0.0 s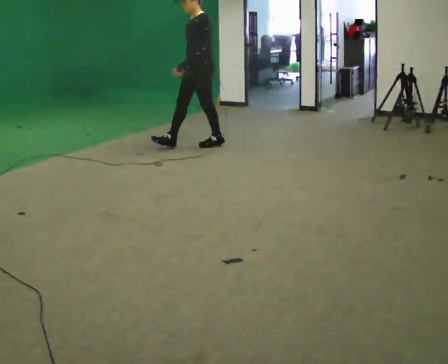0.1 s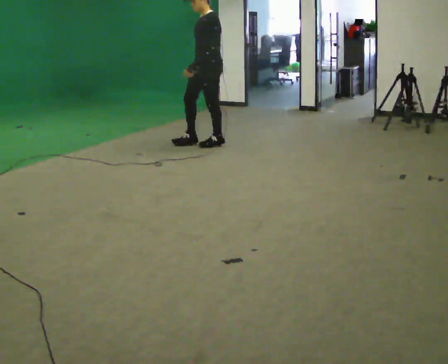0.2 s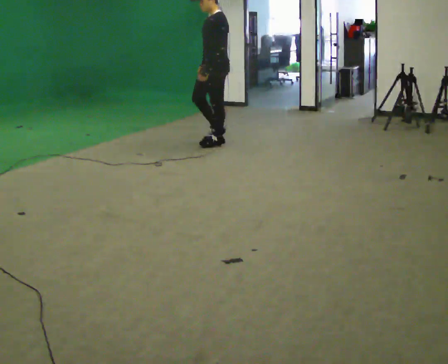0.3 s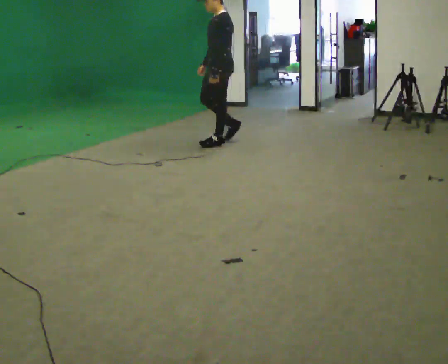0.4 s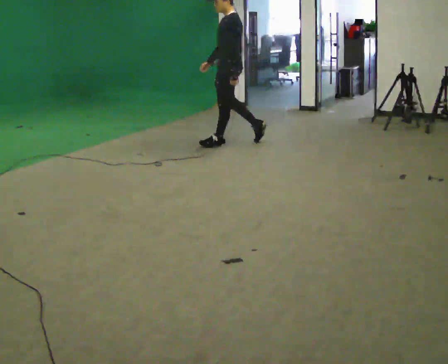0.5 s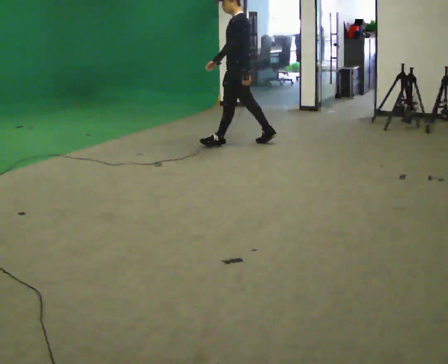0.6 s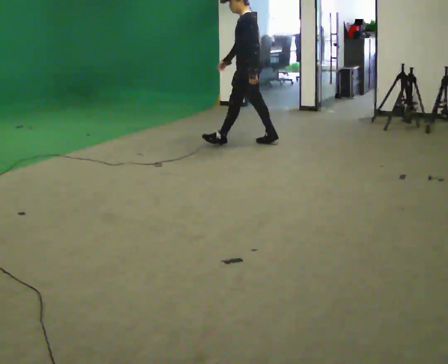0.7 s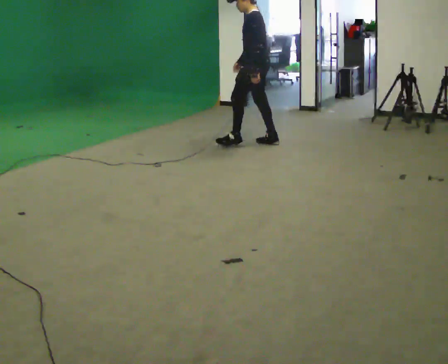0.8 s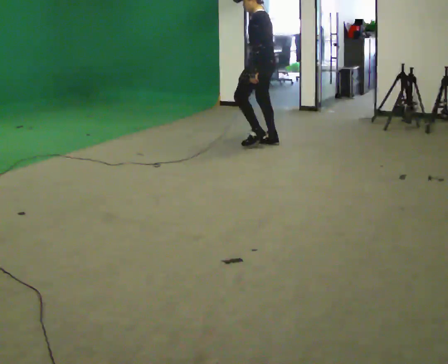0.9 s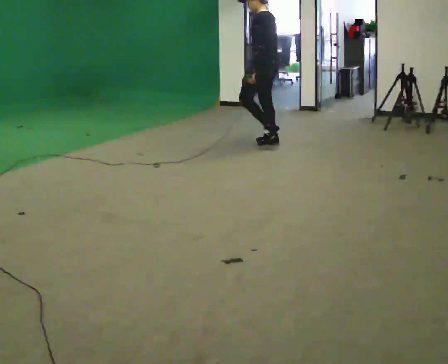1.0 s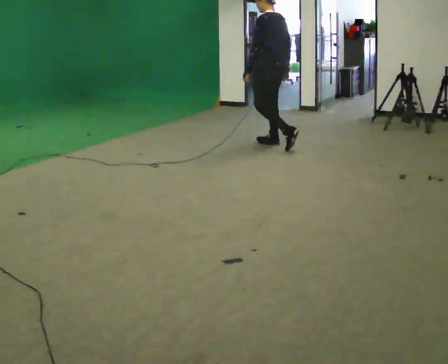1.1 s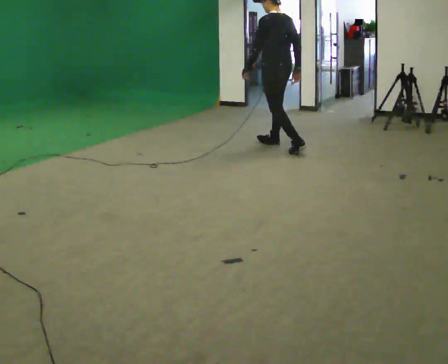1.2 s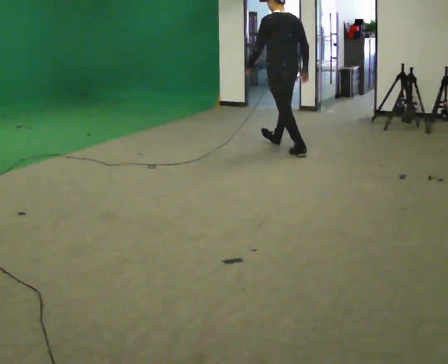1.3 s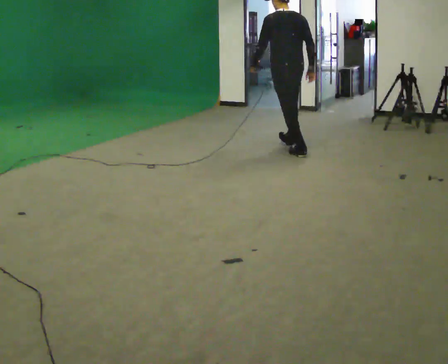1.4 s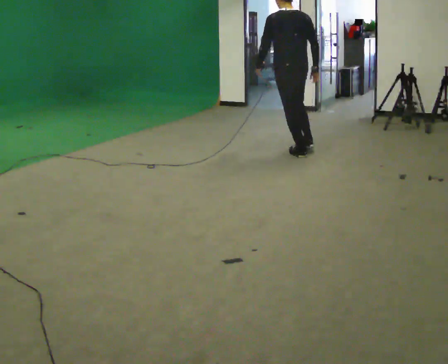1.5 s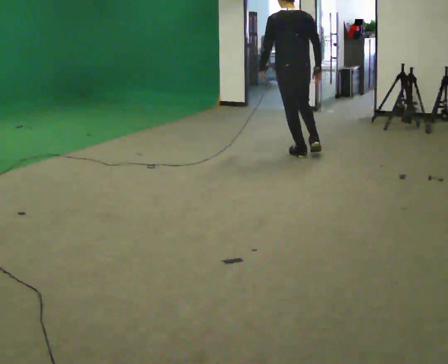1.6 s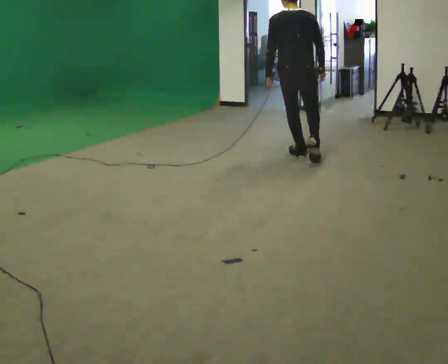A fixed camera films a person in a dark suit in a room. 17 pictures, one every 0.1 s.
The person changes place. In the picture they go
to the right.
The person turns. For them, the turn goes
to their right.
0.0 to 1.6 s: Seen from above the body turns clockwise, about 120 degrees: to their right, with its near side sliding to the left. In the picture they go to the right and toward the camera, about 1 m in 2 steps.
The film runs backward here.
